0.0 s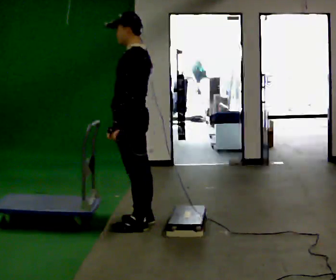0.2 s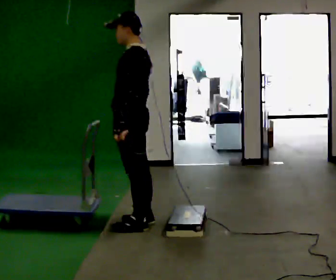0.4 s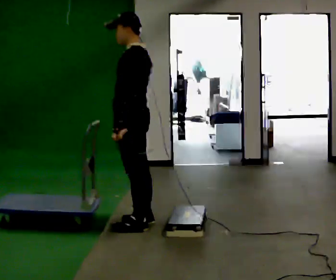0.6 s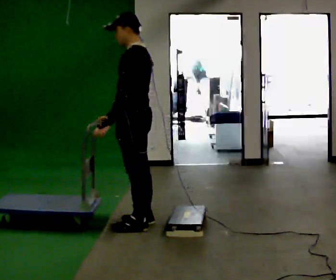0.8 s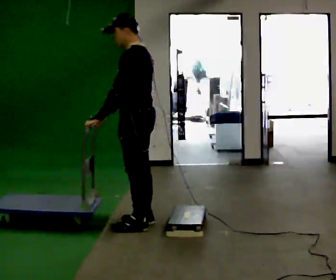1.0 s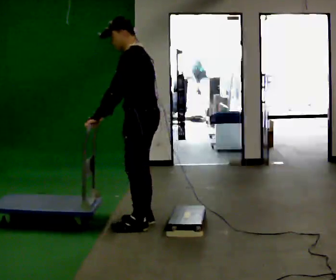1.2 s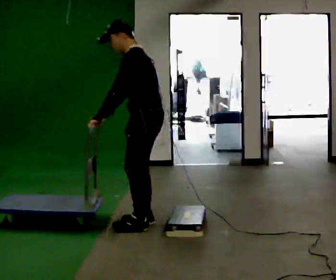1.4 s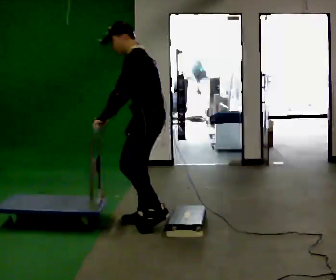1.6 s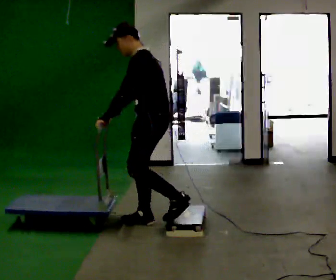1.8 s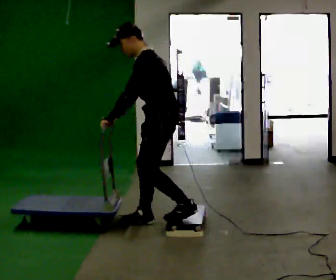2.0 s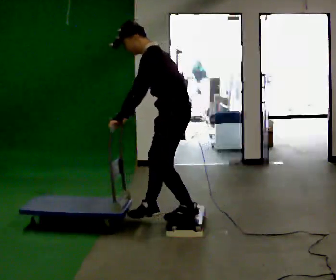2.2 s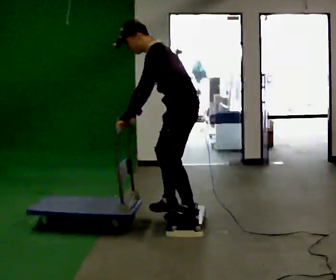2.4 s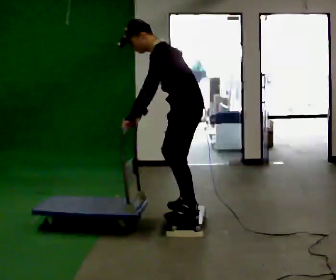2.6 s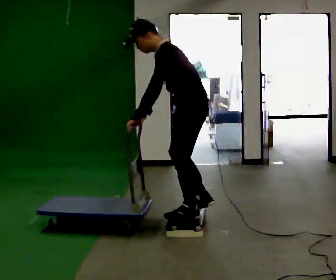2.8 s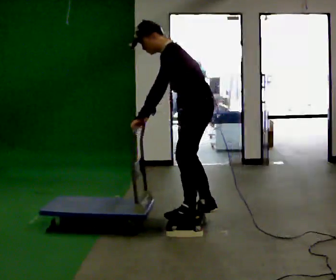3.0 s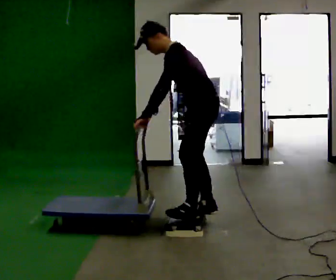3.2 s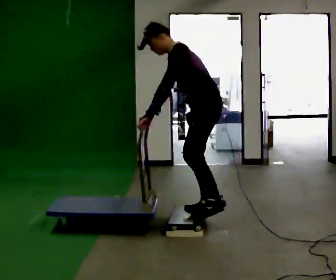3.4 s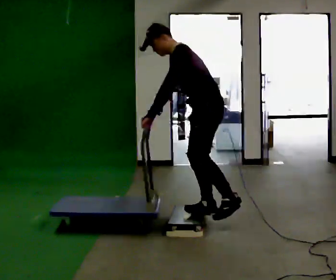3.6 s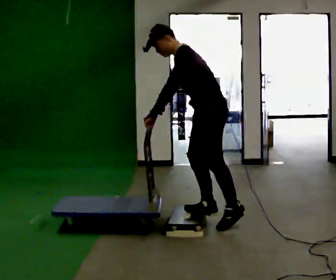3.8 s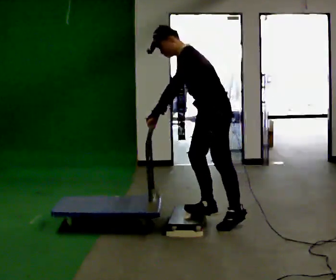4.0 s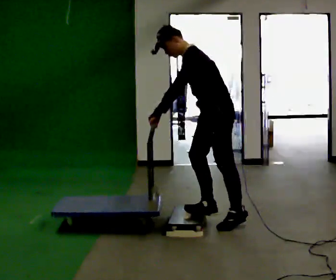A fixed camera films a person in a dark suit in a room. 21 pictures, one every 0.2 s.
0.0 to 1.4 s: In the picture the upper body tilts counterclockwise, shoulders to the left, as they bend forward.
1.4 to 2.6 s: In the picture they go to the right, about 0.25 m in 1 step, which for them is backward. In the picture the upper body tilts counterclockwise, shoulders to the left, as they bend forward.
2.6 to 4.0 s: In the picture they go to the right, about 0.25 m in 1 step, which for them is backward.
The film runs backward here.
